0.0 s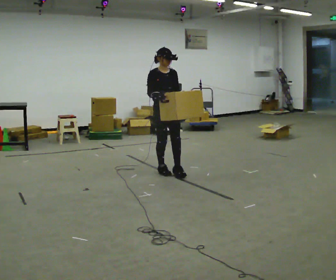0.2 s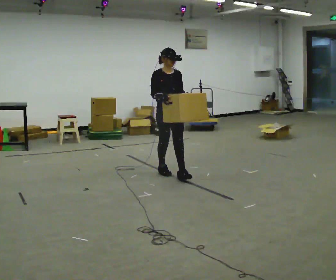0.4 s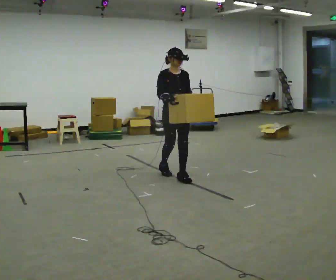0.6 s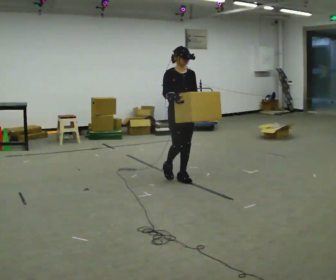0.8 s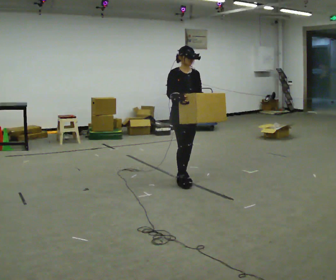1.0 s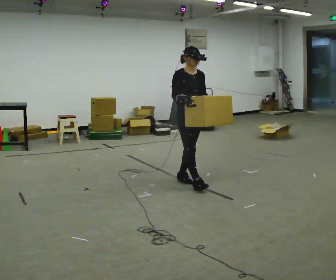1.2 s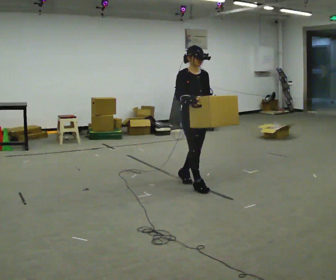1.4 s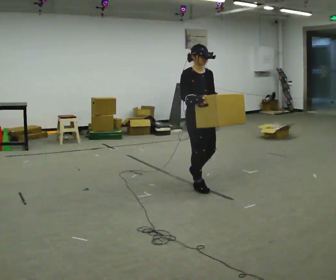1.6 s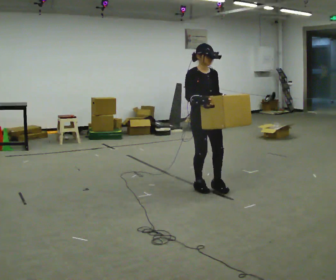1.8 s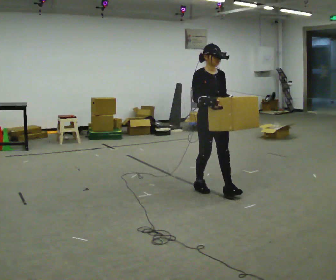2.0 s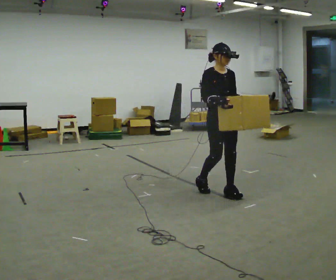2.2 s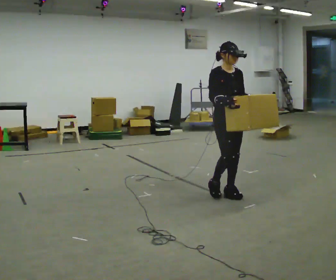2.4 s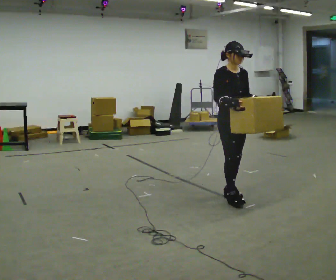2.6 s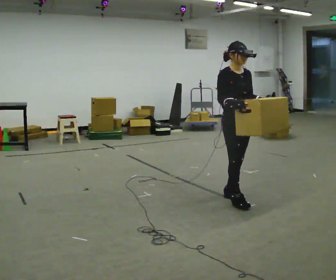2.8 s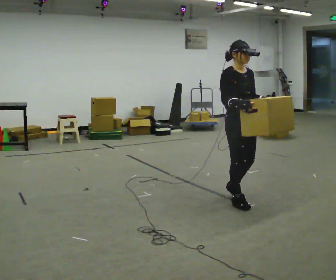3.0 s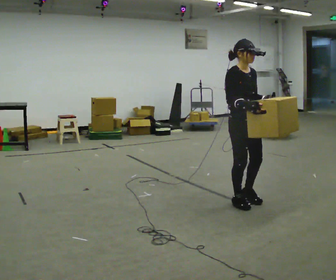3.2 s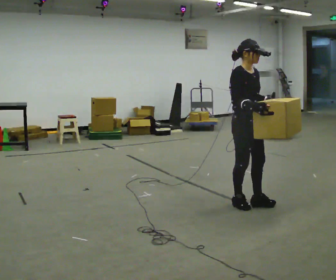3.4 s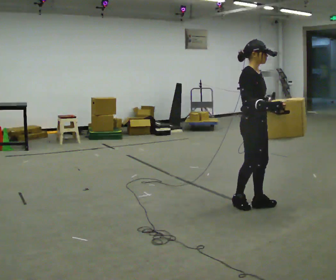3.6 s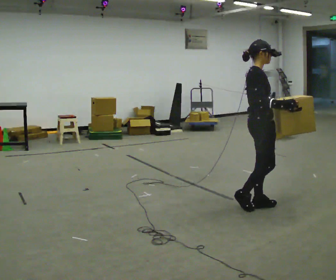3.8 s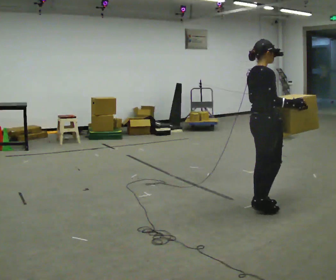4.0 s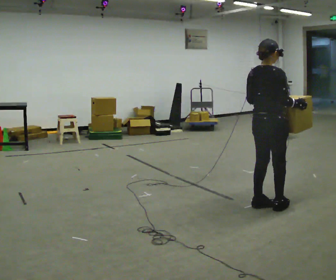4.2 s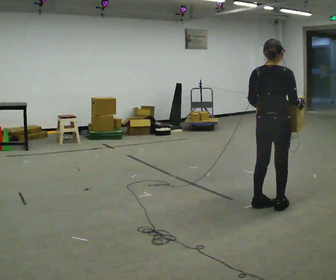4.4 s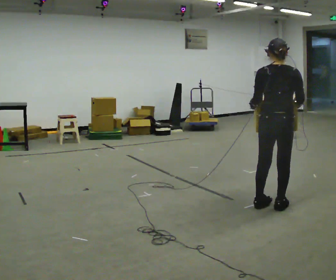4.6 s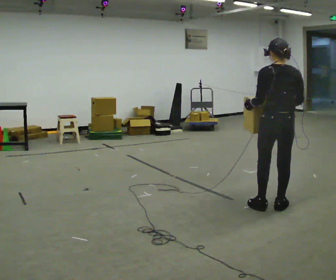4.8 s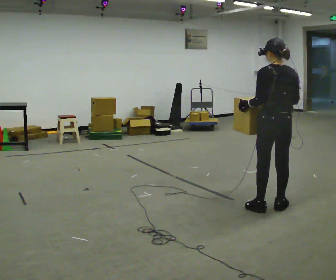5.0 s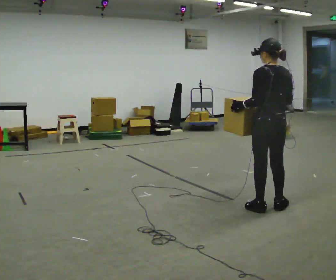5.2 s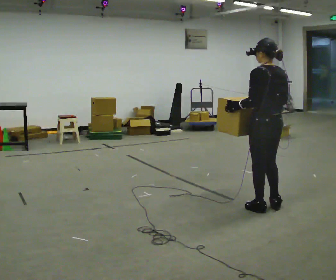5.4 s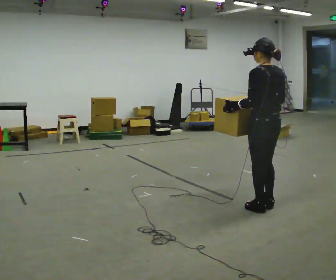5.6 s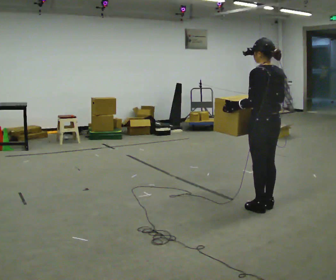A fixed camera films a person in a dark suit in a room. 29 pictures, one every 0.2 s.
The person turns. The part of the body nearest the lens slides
to the right.
The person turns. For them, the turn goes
to their left.
0.0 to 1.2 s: In the picture they go to the right and toward the camera, about 0.5 m in 2 steps, which for them is forward.
1.2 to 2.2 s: In the picture they go to the right and toward the camera, about 0.5 m in 1 step, which for them is forward.
2.2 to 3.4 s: The part of the body nearest the lens slides to the right as the person turns to their left by about 30 degrees. In the picture they go toward the camera and to the right, about 0.5 m in 2 steps, which for them is forward.
3.4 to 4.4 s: The person turns about 105 degrees to their left, counterclockwise seen from above, so the part of the body nearest the lens slides to the right. In the picture they go to the right, about 0.25 m in 1 step.
4.4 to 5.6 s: Seen from above the body turns counterclockwise, about 45 degrees: to their left, with its near side sliding to the right. In the picture their right hand goes to the left.
The film runs forward here.
